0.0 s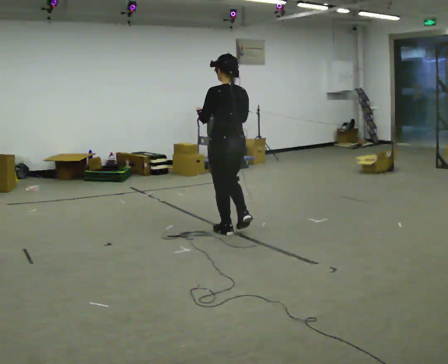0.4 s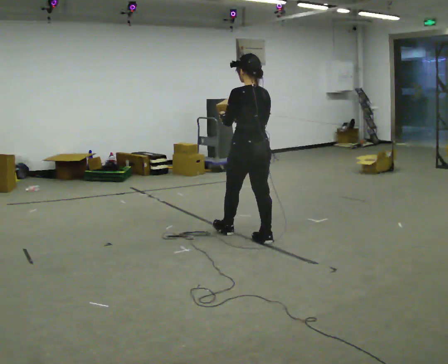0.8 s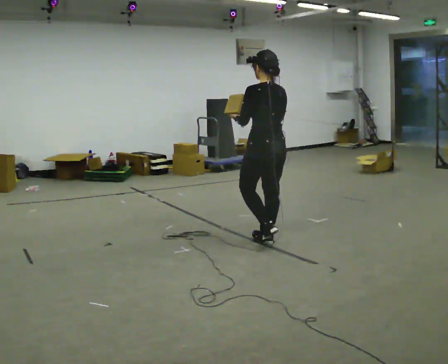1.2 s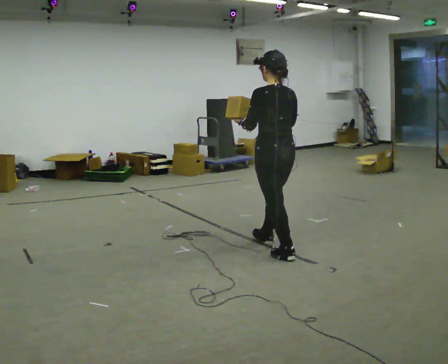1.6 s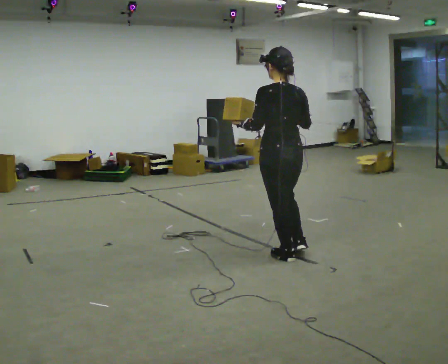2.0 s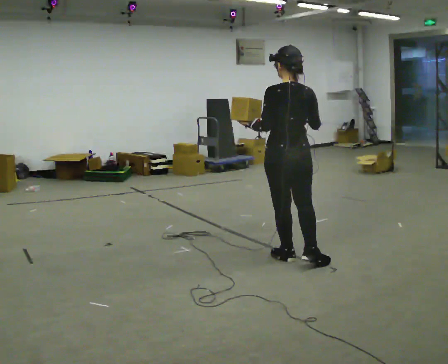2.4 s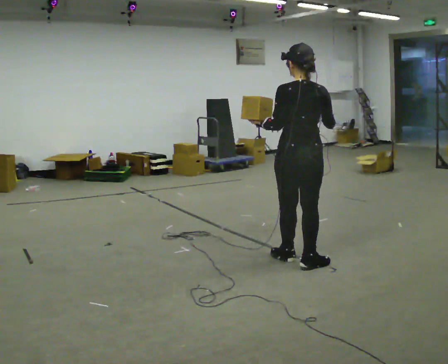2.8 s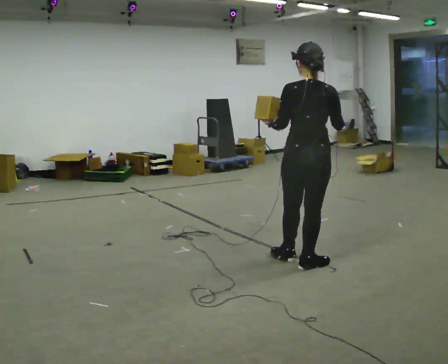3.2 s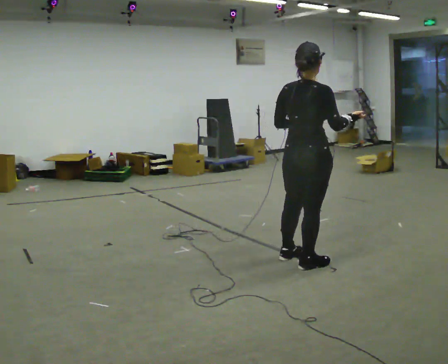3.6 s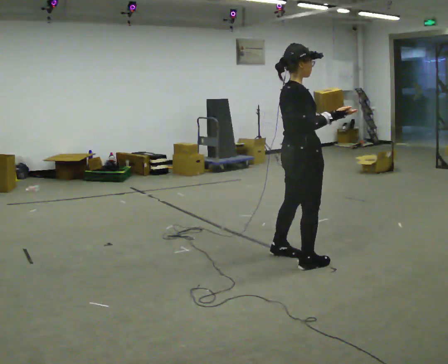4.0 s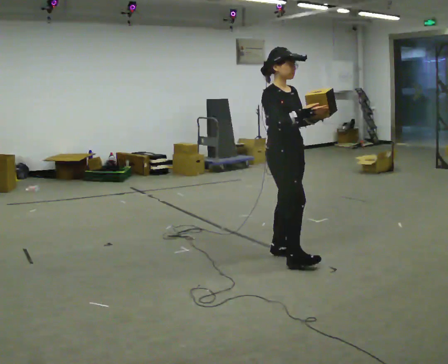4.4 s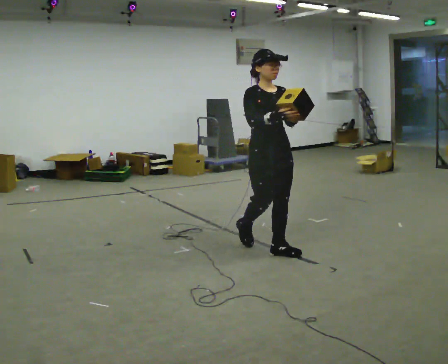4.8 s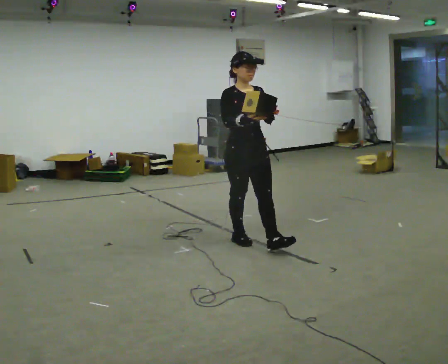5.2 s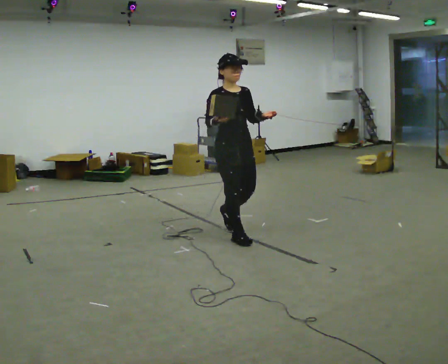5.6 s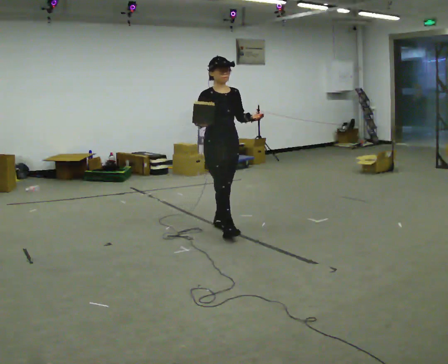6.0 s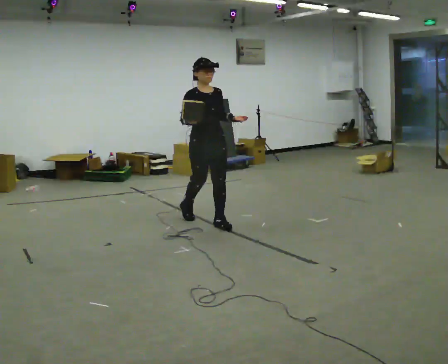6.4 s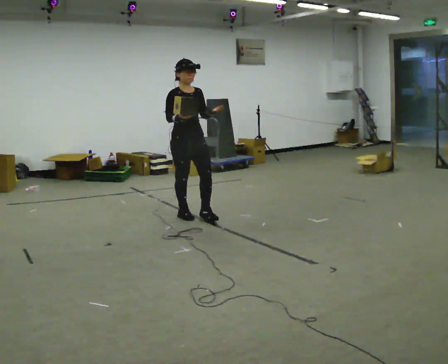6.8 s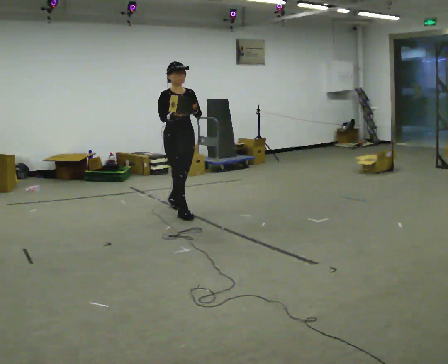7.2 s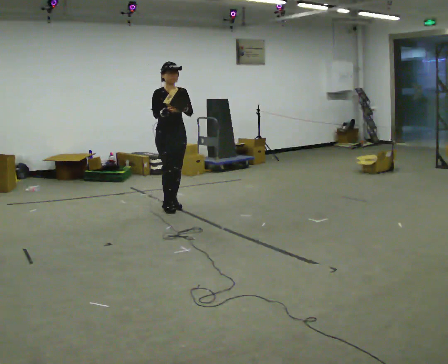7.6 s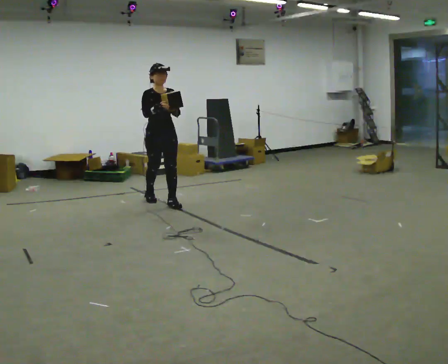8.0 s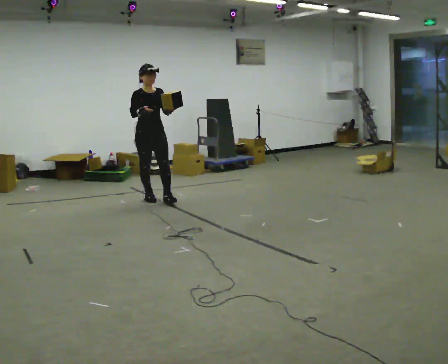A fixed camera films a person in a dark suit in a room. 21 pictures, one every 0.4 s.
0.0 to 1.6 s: In the picture they go to the right and toward the camera, about 1 m in 2 steps, which for them is backward.
1.6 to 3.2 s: The part of the body nearest the lens slides to the left as the person turns to their right by about 60 degrees. In the picture they go to the right and toward the camera, about 0.25 m, which for them is backward and to their right.
3.2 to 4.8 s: Seen from above the body turns clockwise, about 120 degrees: to their right, with its near side sliding to the left. In the picture they go to the left and away from the camera, about 0.5 m in 3 steps.
4.8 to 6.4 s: In the picture they go to the left and away from the camera, about 1 m in 2 steps, which for them is backward.
6.4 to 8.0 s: In the picture they go to the left and away from the camera, about 1 m in 2 steps, which for them is backward.
The film runs backward here.
